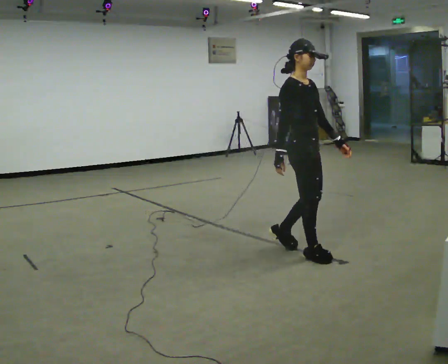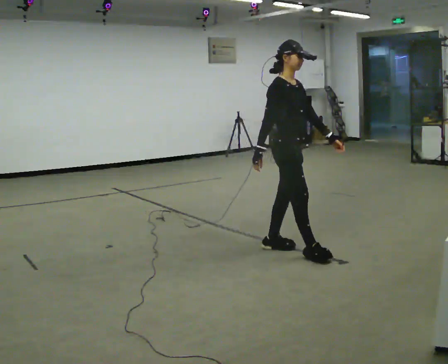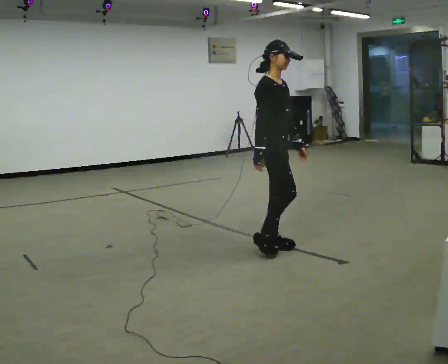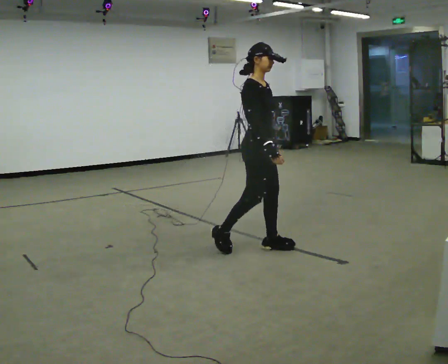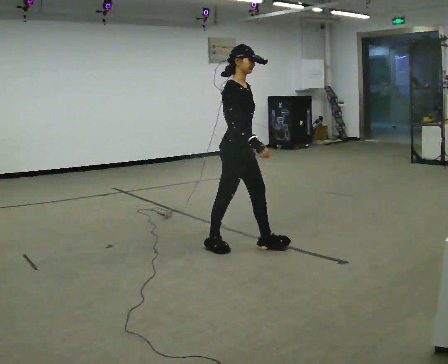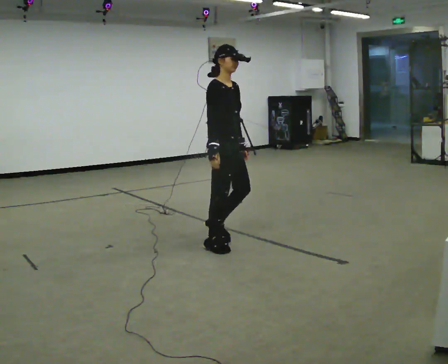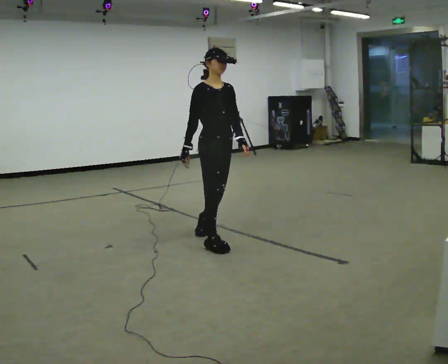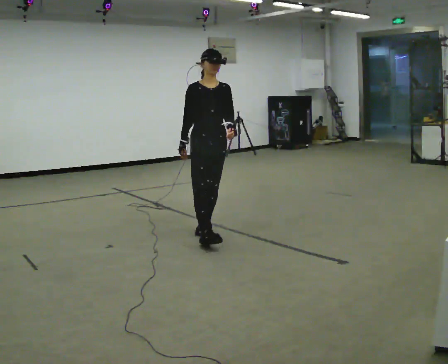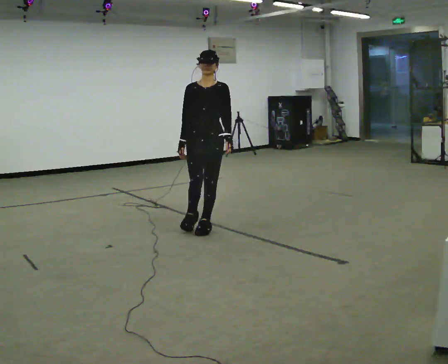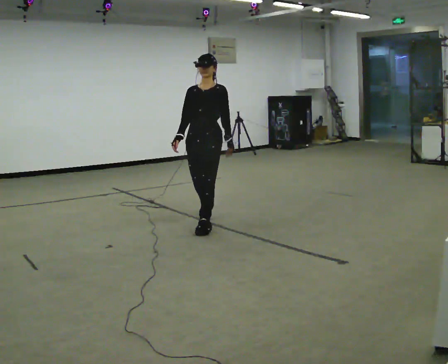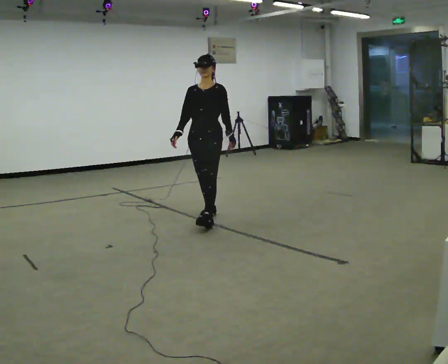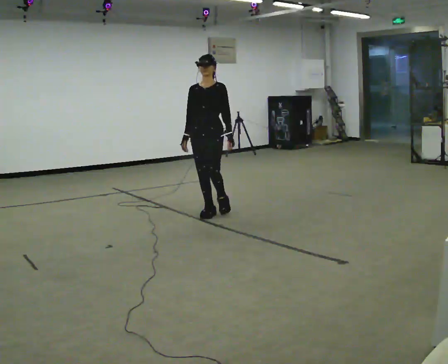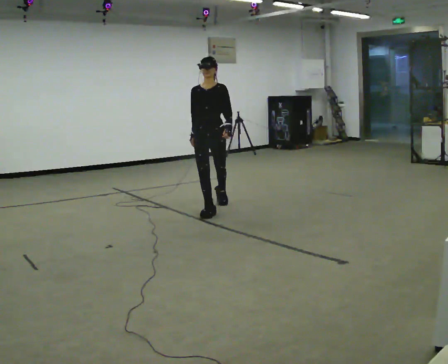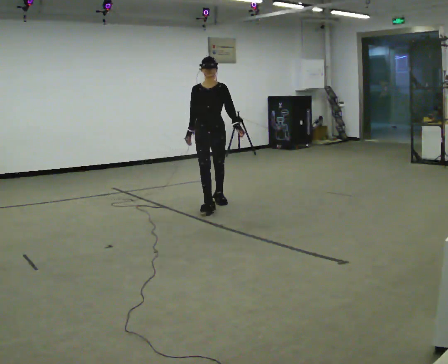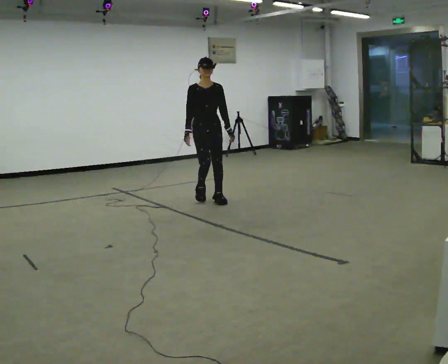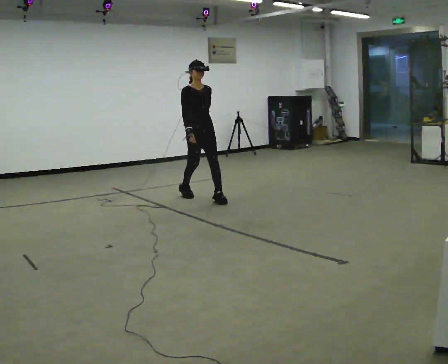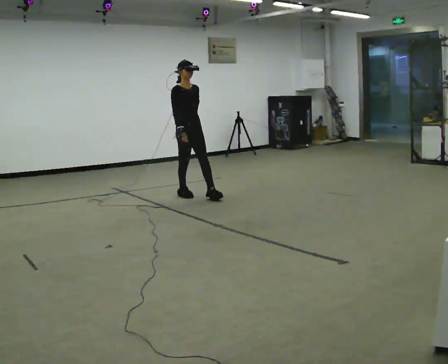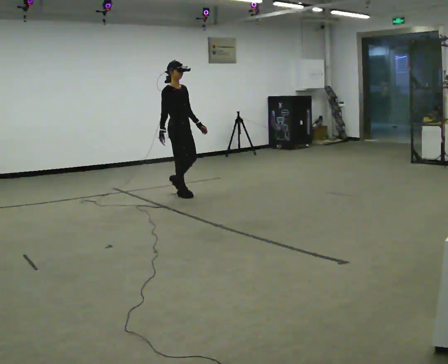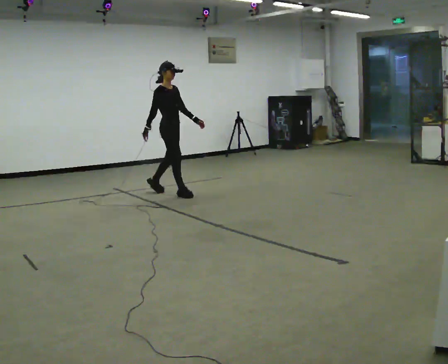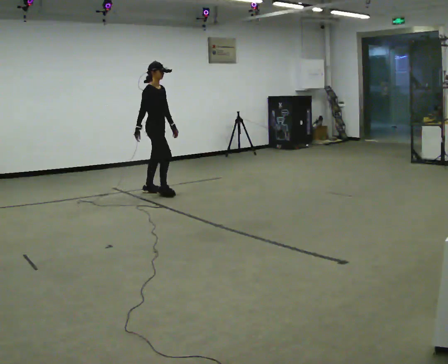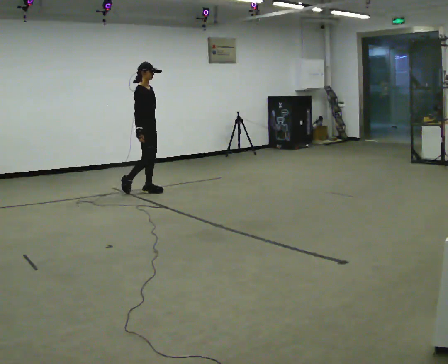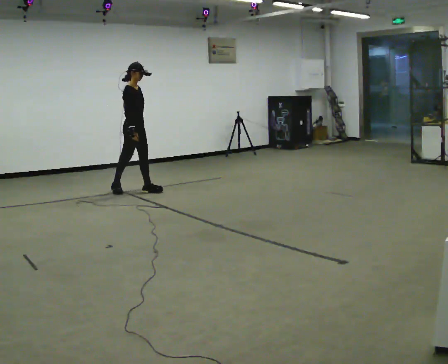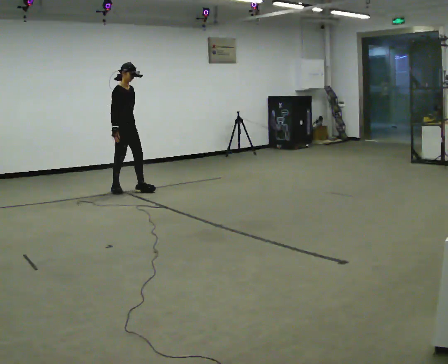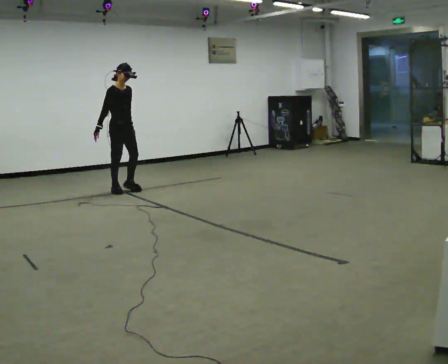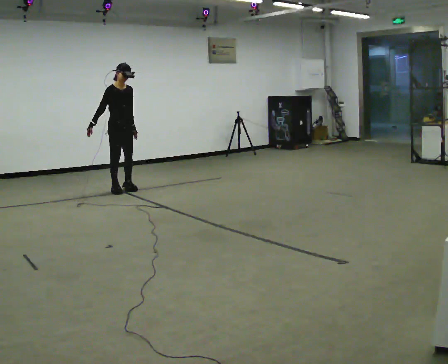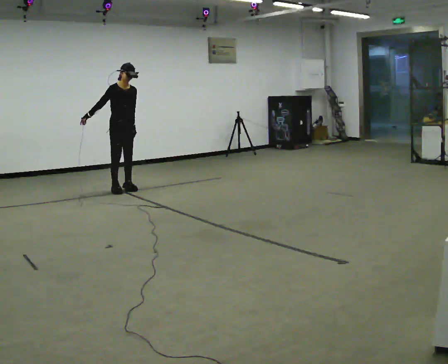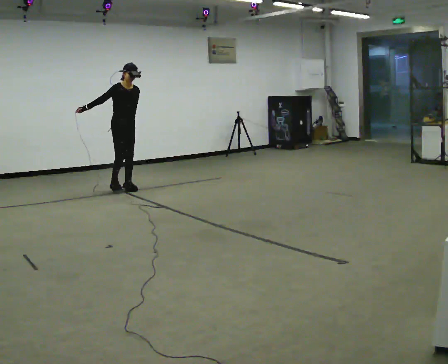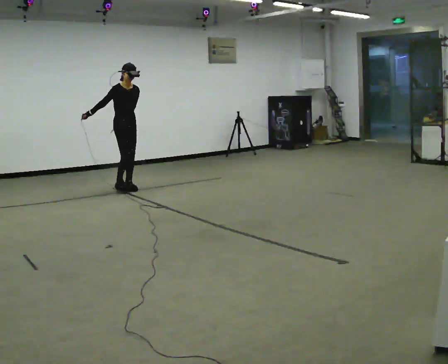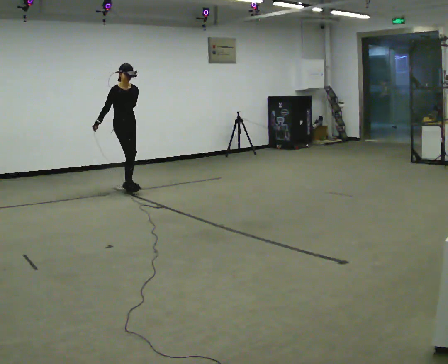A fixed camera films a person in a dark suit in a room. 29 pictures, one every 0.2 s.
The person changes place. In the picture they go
away from the camera.
0.0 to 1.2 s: In the picture they go to the left and away from the camera, about 1 m in 2 steps, which for them is backward.
1.2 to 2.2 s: The person turns about 60 degrees to their right, clockwise seen from above, so the part of the body nearest the lens slides to the left. In the picture they go away from the camera, about 1 m in 2 steps.
2.2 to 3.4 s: The person turns about 75 degrees to their left, counterclockwise seen from above, so the part of the body nearest the lens slides to the right. In the picture they go away from the camera, about 1 m in 2 steps.
3.4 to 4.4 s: In the picture they go to the left, about 0.5 m in 2 steps, which for them is backward.
4.4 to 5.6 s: In the picture they go away from the camera, about 0.25 m, which for them is backward.
The film runs backward here.
